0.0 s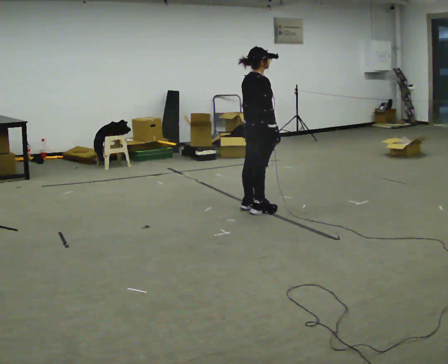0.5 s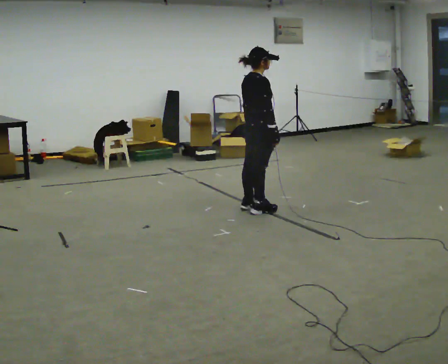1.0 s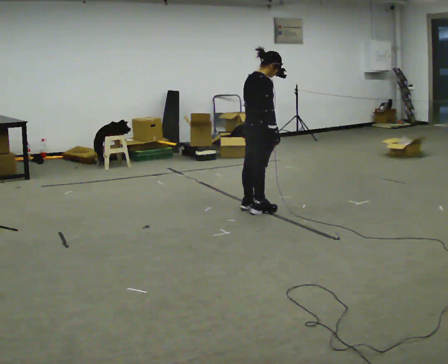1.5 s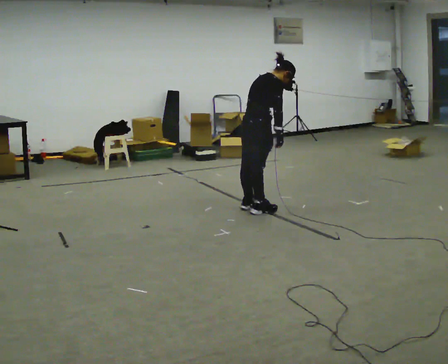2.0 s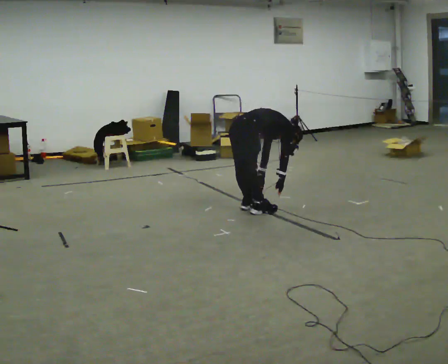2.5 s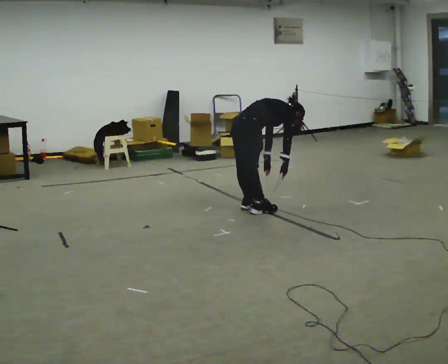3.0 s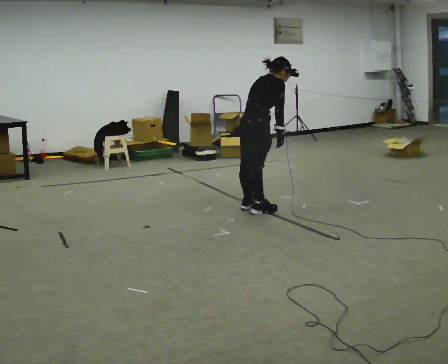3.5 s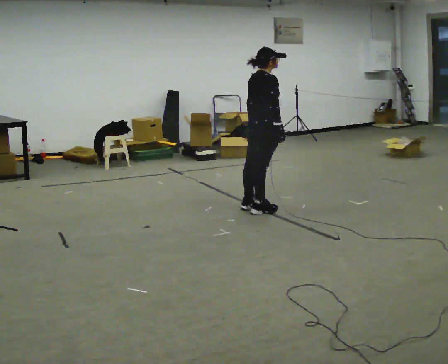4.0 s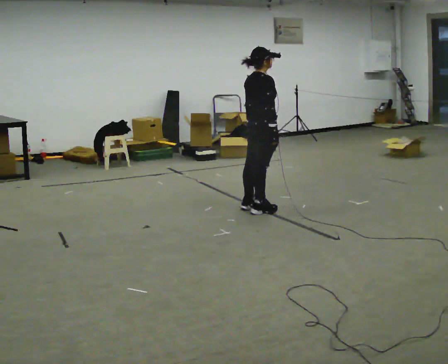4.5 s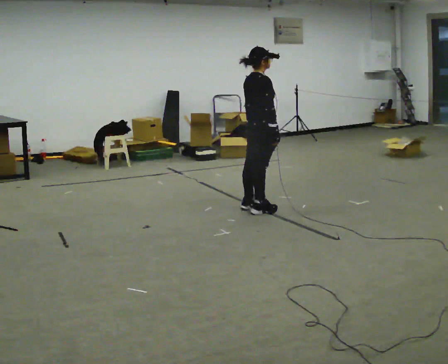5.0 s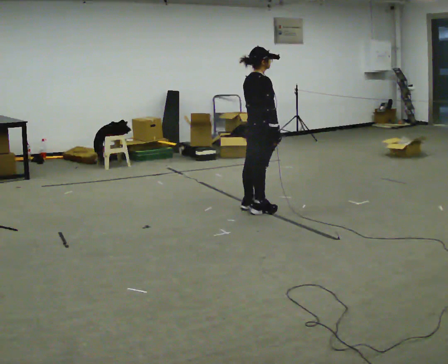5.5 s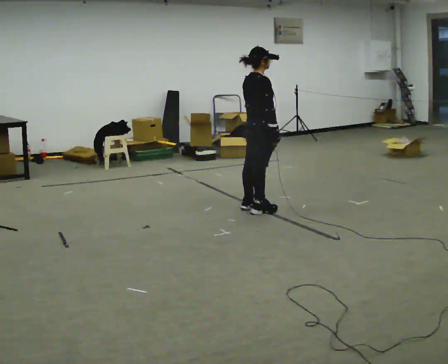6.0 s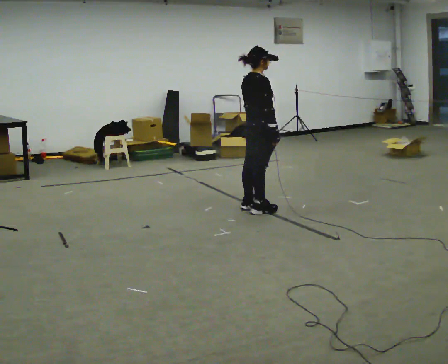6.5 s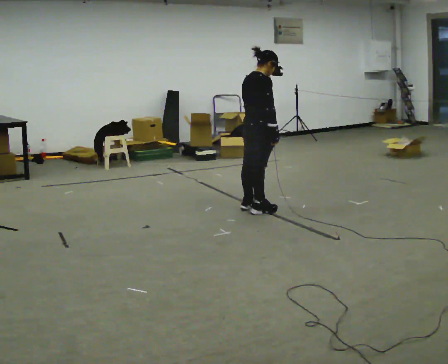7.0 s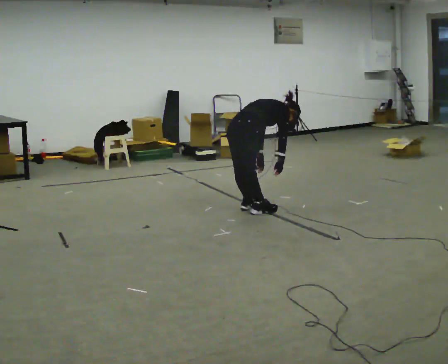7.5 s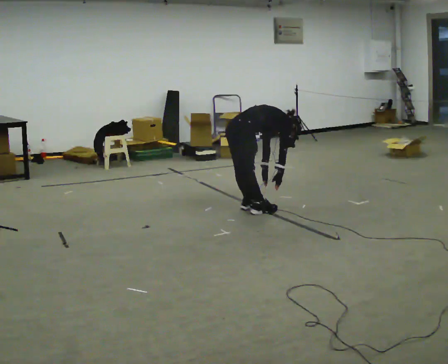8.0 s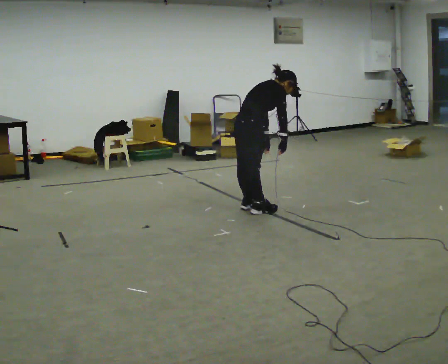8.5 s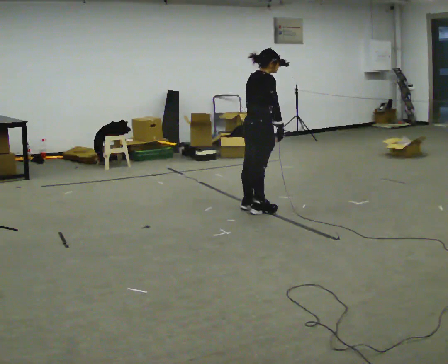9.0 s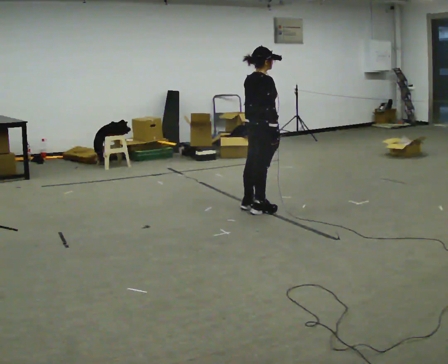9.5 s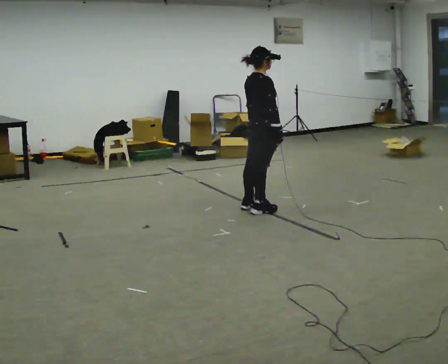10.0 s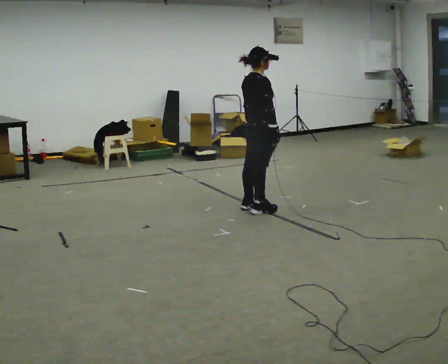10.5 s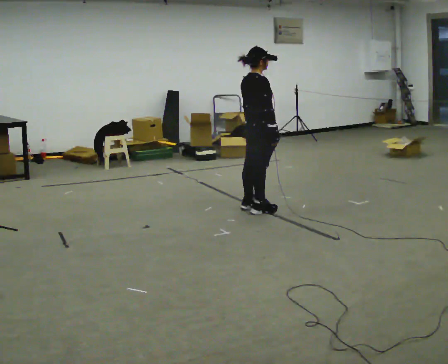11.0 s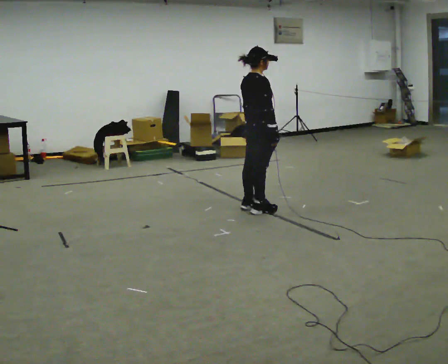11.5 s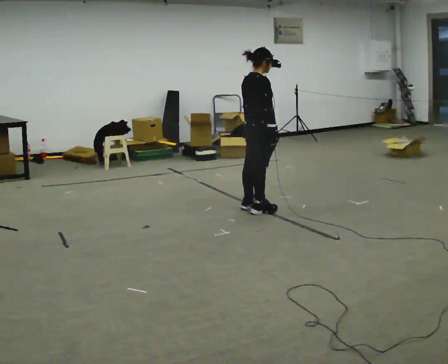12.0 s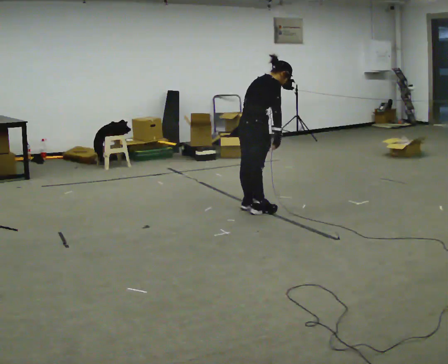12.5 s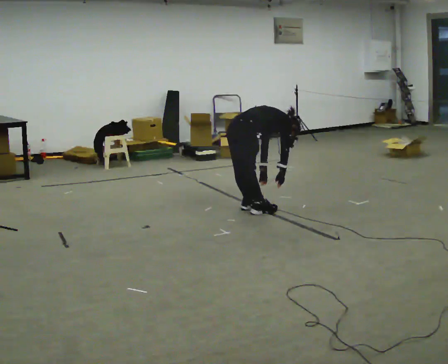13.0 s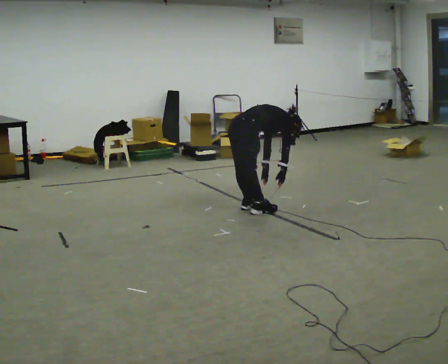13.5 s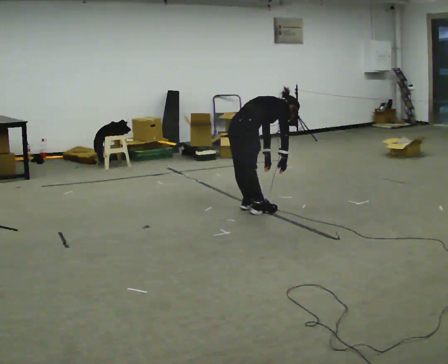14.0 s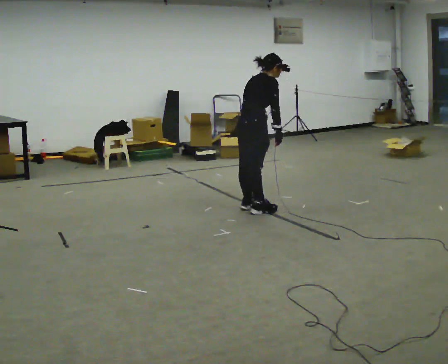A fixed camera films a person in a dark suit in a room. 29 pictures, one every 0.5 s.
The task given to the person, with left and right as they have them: Keeping your feet still, reach down toward the floor in front and to each side, then return to standing. Repeat the movement at your own pace until the operator says stop; do not rush.
0.0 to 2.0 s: The upper body goes downward. In the picture the upper body tilts clockwise, shoulders to the right, as they bend forward. In the picture their right hand goes downward.
2.0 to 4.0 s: In the picture they go to the right, about 0.25 m, which for them is forward. The upper body goes upward. In the picture the upper body tilts counterclockwise, shoulders to the left, as they lean back or straighten. In the picture their left hand goes upward.
4.0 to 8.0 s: The person moves a little, or ends about where they began.
8.0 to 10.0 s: In the picture the upper body tilts counterclockwise, shoulders to the left, as they lean back or straighten.
10.0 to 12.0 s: In the picture the upper body tilts clockwise, shoulders to the right, as they bend forward.
12.0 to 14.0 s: The person moves a little, or ends about where they began.
The film runs forward here.
